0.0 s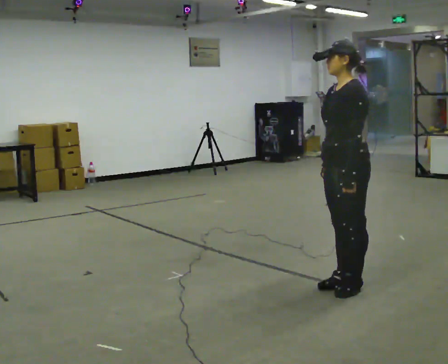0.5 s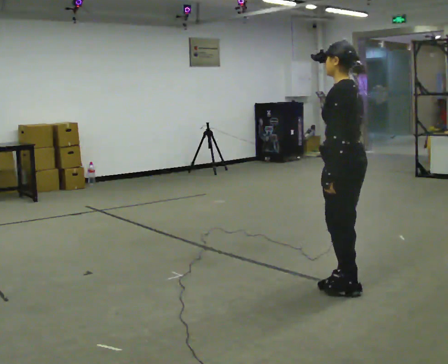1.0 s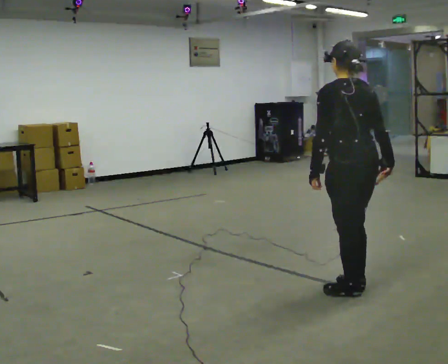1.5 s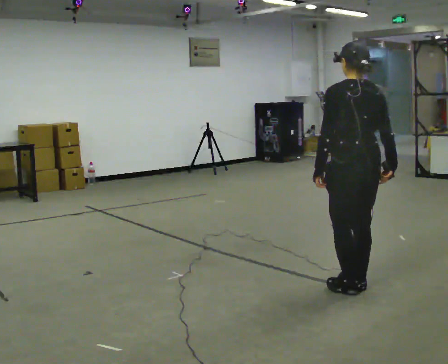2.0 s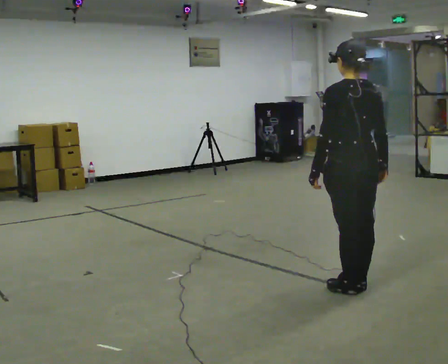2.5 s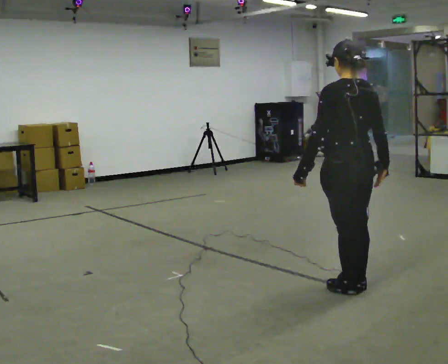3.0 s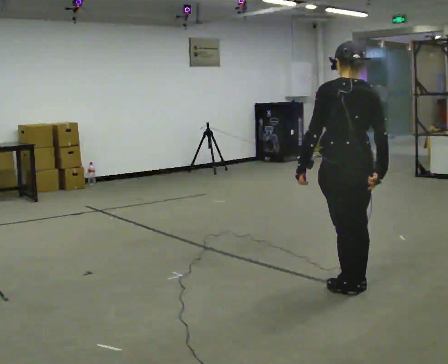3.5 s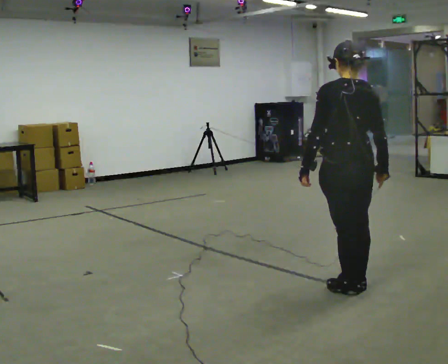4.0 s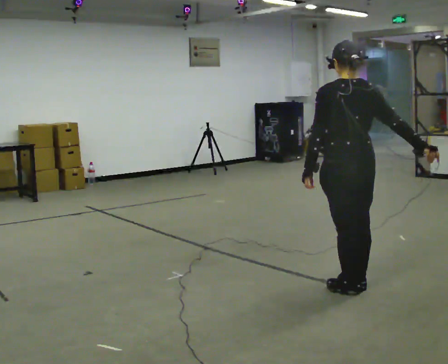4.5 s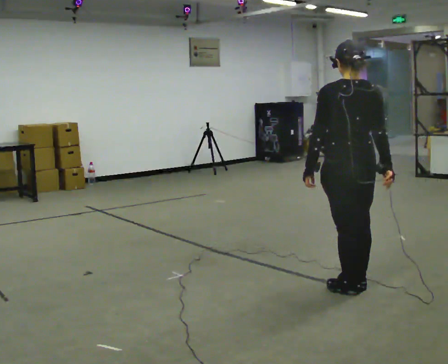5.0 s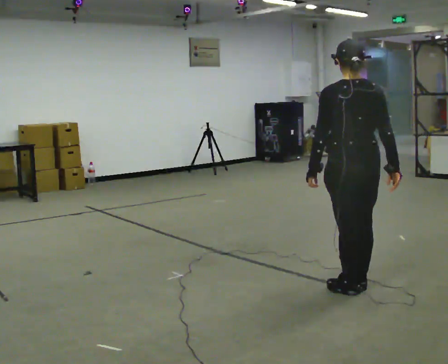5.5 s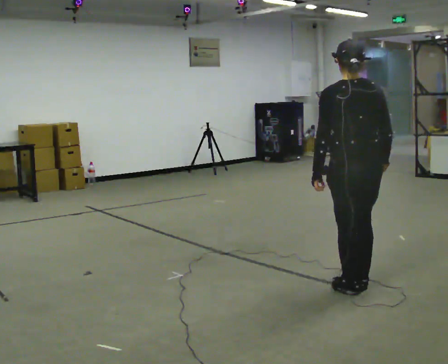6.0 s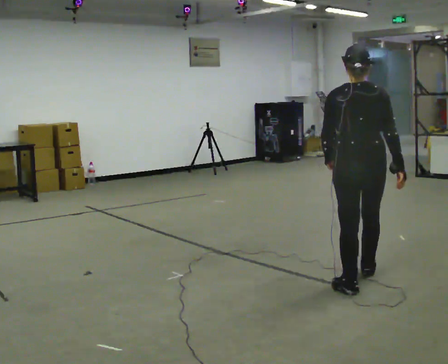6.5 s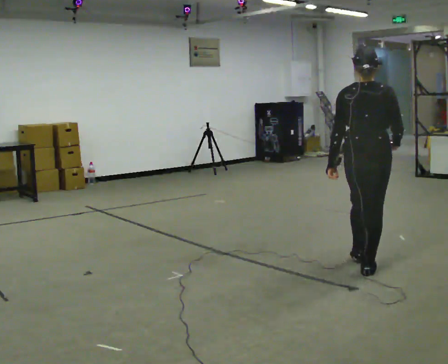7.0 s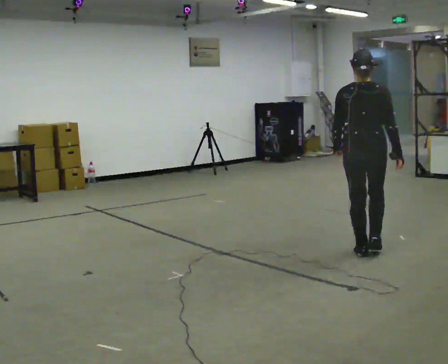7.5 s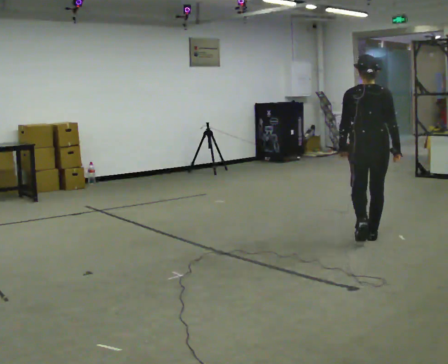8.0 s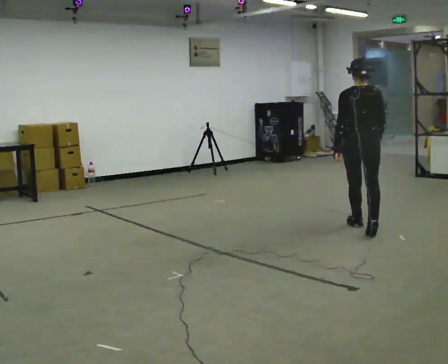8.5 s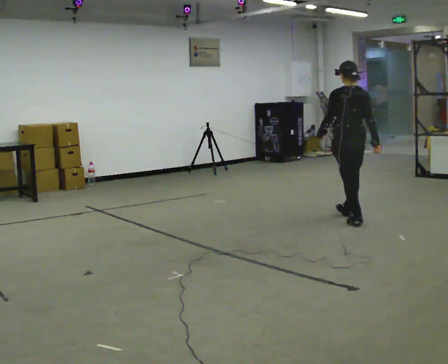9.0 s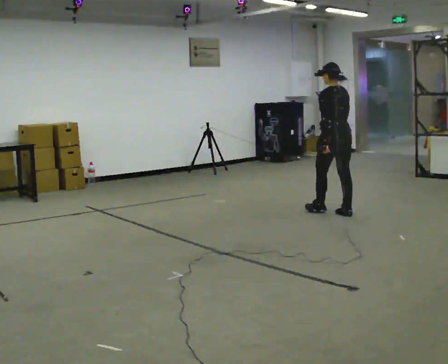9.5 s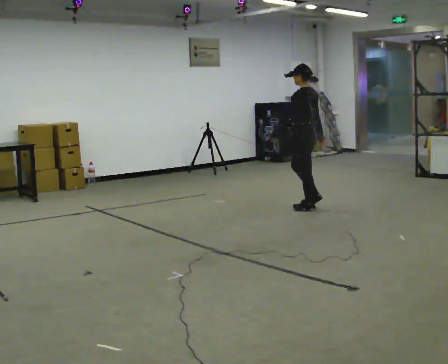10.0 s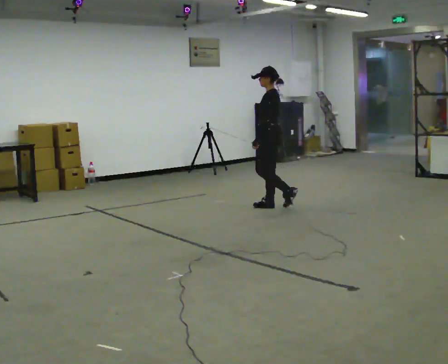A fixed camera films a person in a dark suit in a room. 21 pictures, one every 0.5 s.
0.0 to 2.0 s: The part of the body nearest the lens slides to the left as the person turns to their right by about 75 degrees. In the picture their right hand goes to the right.
2.0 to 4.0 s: The person moves a little, or ends about where they began.
4.0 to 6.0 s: The part of the body nearest the lens slides to the left as the person turns to their right by about 30 degrees. In the picture they go away from the camera, about 0.25 m in 1 step, which for them is forward and to their right.
6.0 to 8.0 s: In the picture they go away from the camera, about 1.5 m in 3 steps, which for them is forward.
8.0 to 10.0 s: The part of the body nearest the lens slides to the right as the person turns to their left by about 90 degrees. In the picture they go away from the camera and to the left, about 1.5 m in 3 steps.
The film runs forward here.
